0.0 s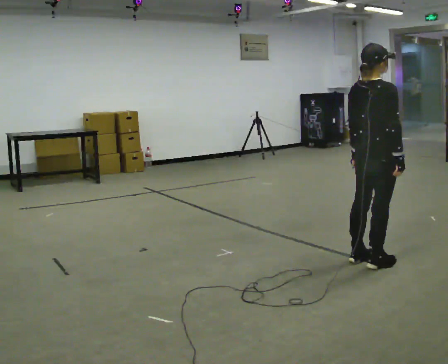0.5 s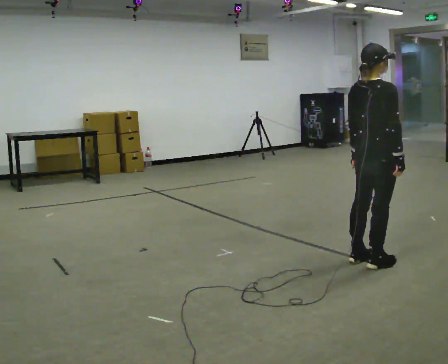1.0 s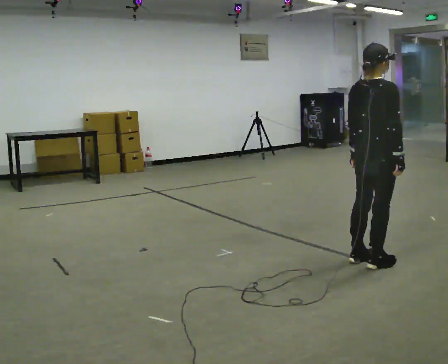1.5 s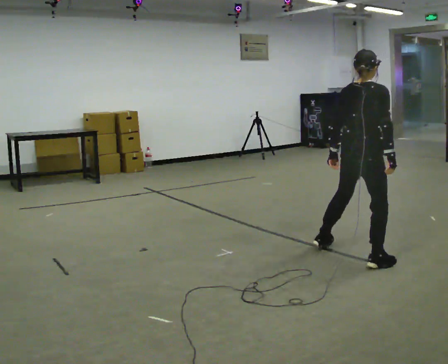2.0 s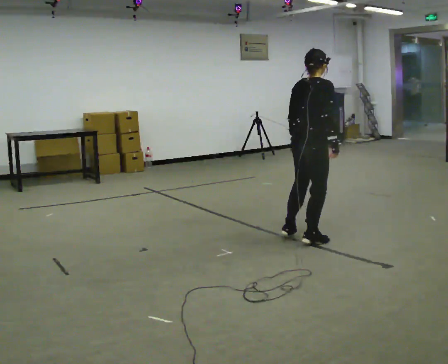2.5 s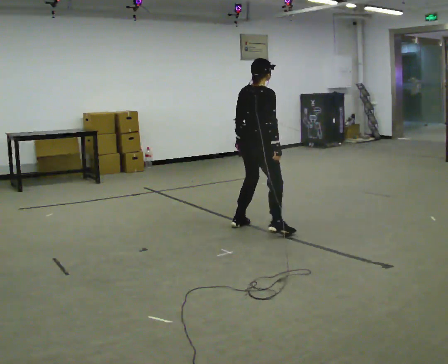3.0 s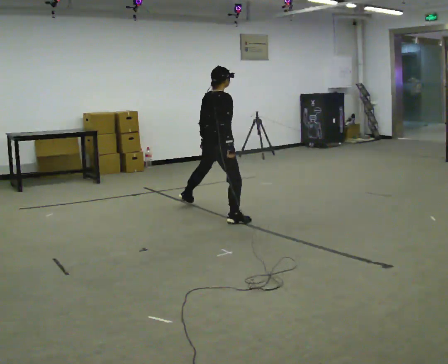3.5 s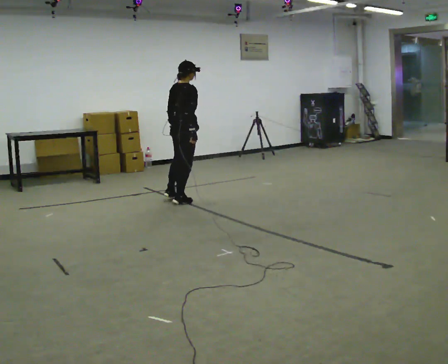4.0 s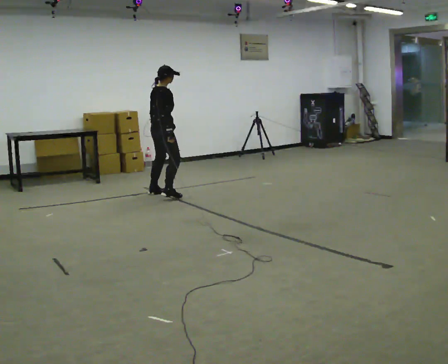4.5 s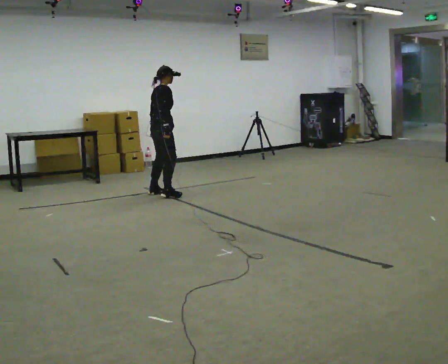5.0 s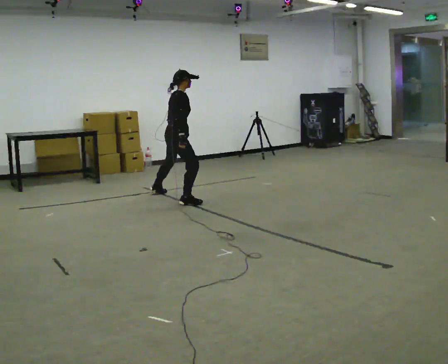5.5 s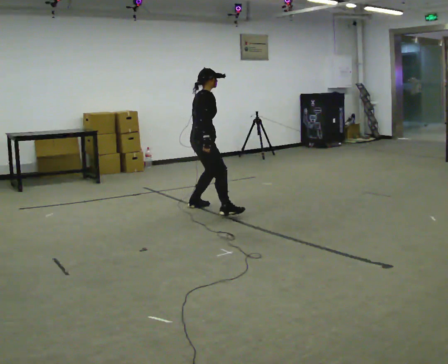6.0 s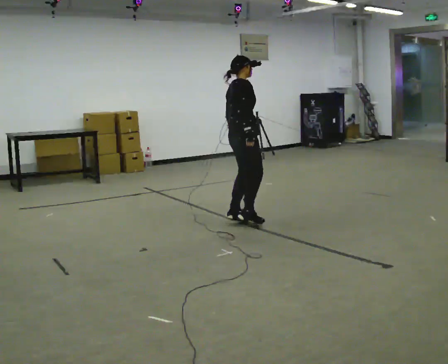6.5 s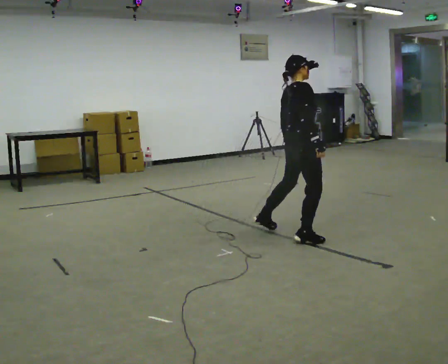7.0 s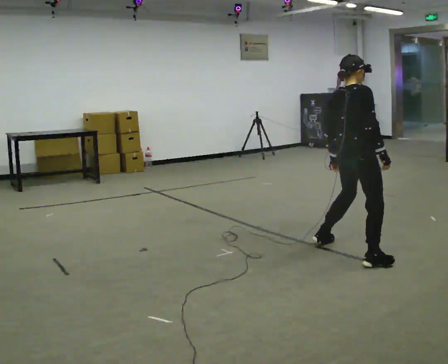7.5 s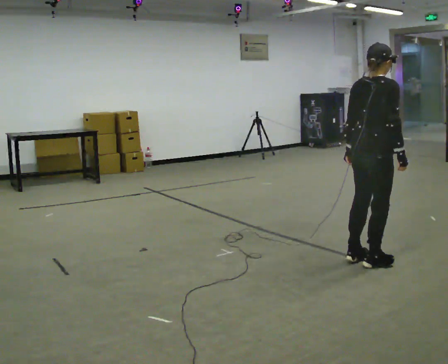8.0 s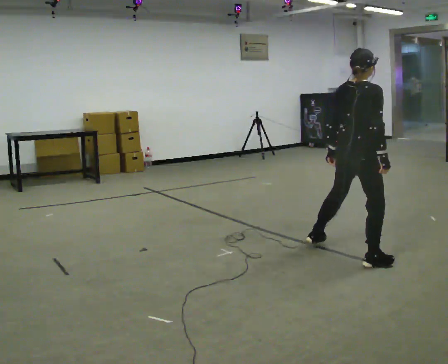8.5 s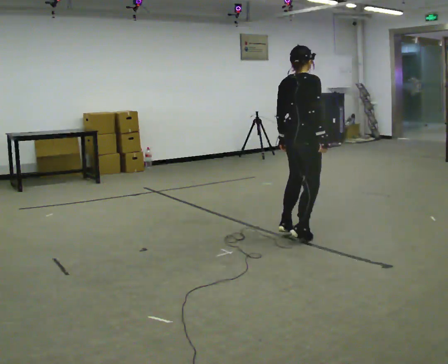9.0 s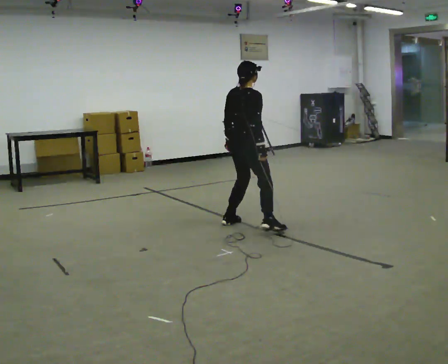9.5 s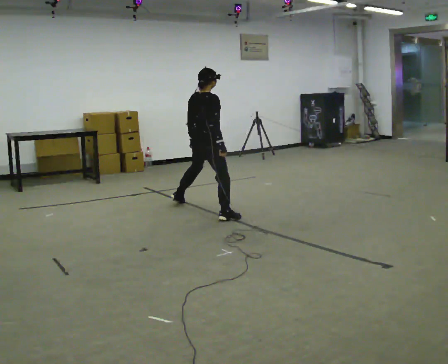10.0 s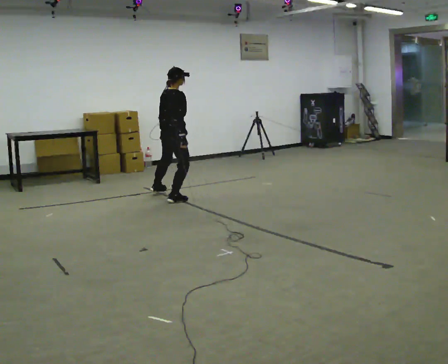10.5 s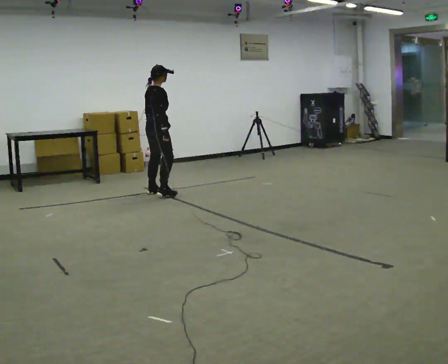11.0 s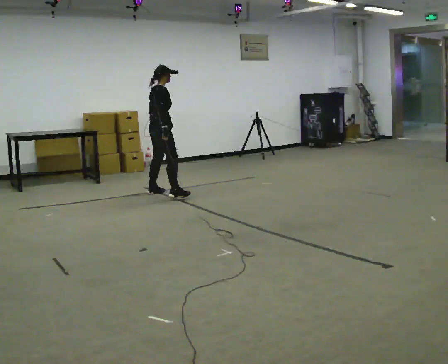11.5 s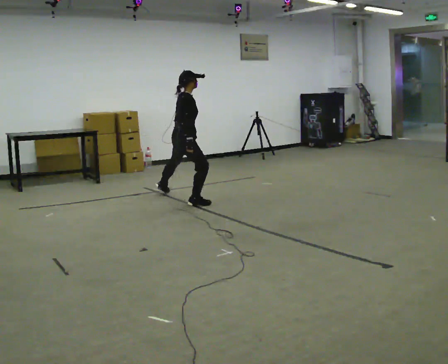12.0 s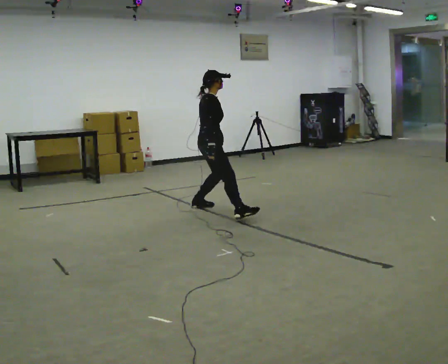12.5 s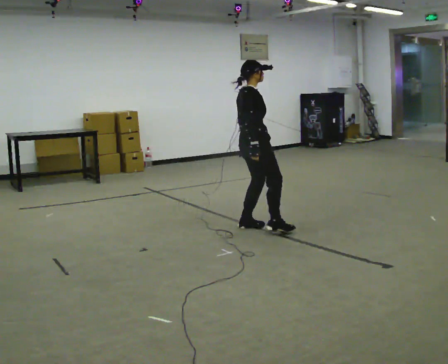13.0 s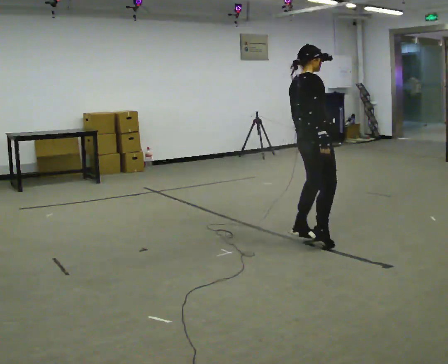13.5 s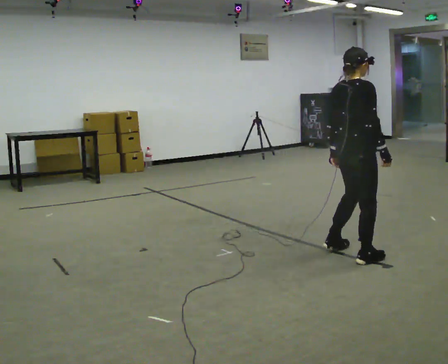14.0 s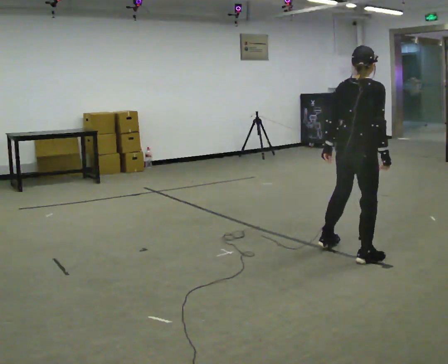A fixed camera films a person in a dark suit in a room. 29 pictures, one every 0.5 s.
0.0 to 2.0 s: In the picture they go away from the camera and to the left, about 0.5 m in 1 step, which for them is to their left.
2.0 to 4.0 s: In the picture they go to the left and away from the camera, about 2.5 m in 6 steps, which for them is to their left.
4.0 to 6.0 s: In the picture they go to the right and toward the camera, about 1.5 m in 4 steps, which for them is to their right.
6.0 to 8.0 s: In the picture they go to the right and toward the camera, about 1.5 m in 5 steps, which for them is to their right.
8.0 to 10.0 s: In the picture they go to the left and away from the camera, about 2.5 m in 6 steps, which for them is to their left.
10.0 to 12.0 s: In the picture they go to the right and toward the camera, about 0.5 m in 4 steps, which for them is to their right.
12.0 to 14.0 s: Seen from above the body turns counterclockwise, about 30 degrees: to their left, with its near side sliding to the right. In the picture they go to the right and toward the camera, about 2 m in 6 steps, which for them is to their right.
The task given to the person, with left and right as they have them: Gallop forward leading with the leg the operator calls, keeping the same leg in front throughout.
The film runs forward here.
